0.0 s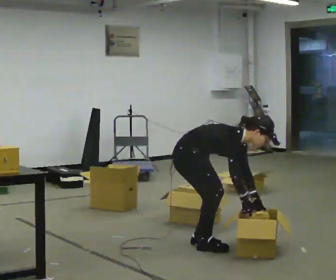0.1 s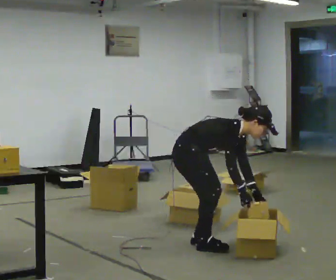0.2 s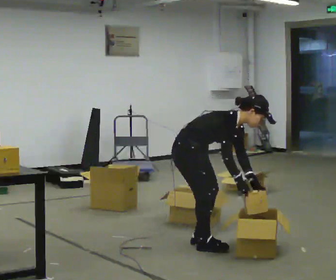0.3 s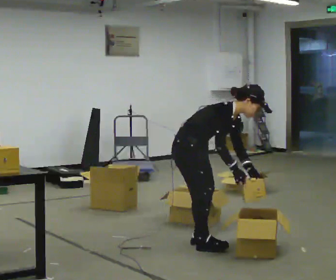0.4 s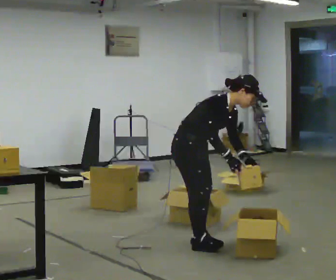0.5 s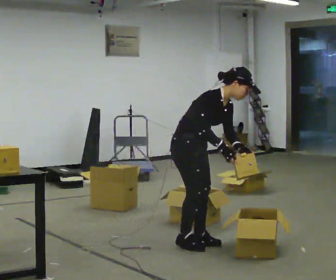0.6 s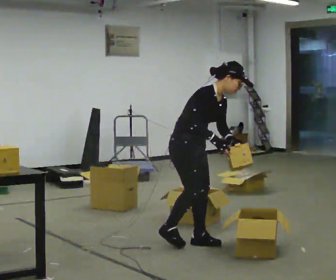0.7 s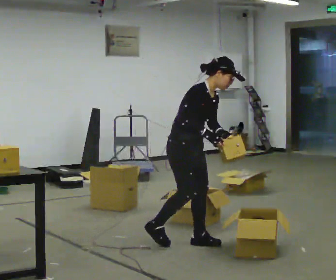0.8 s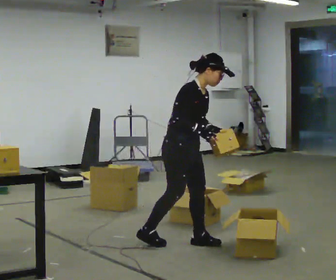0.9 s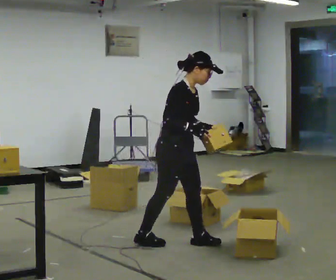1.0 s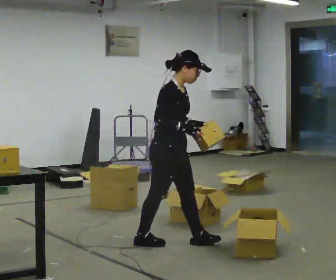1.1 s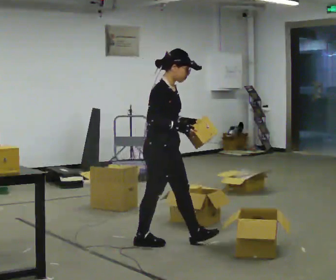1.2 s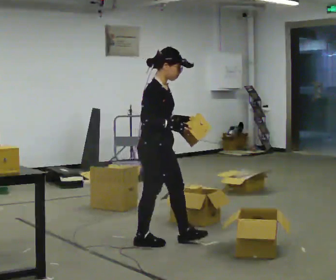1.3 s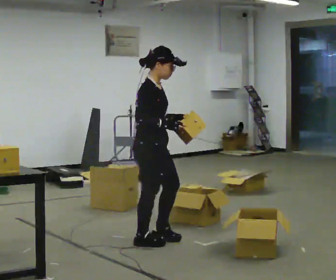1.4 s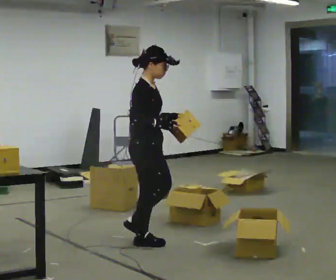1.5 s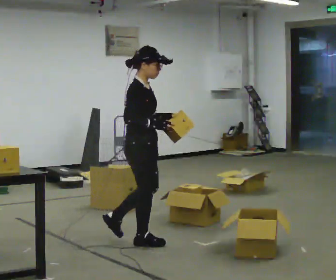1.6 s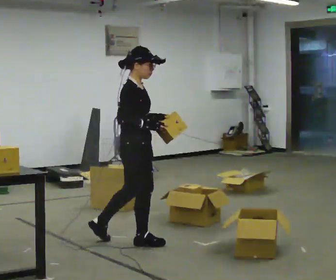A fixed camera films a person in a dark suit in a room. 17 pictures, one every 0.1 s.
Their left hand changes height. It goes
upward.
The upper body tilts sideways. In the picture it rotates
counterclockwise.
0.0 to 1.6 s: In the picture they go to the left, about 0.5 m in 2 steps, which for them is backward and to their right. The shoulders move upward. In the picture the upper body tilts counterclockwise, shoulders to the left, as they lean back or straighten. In the picture their left hand goes upward.
The film runs backward here.
